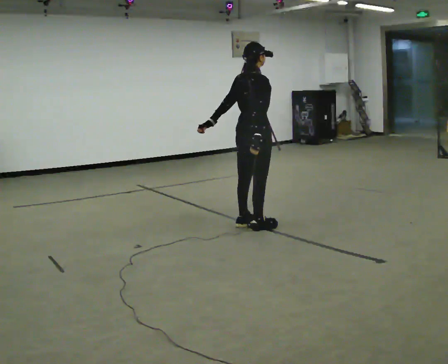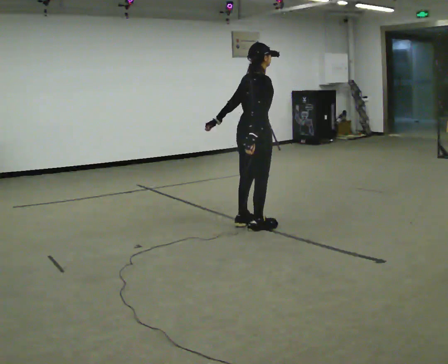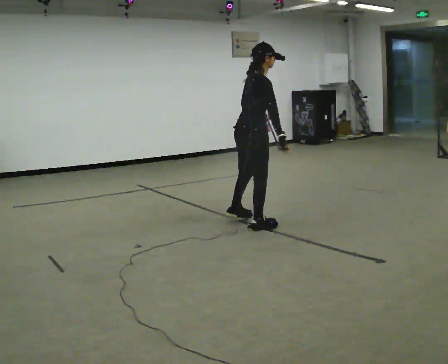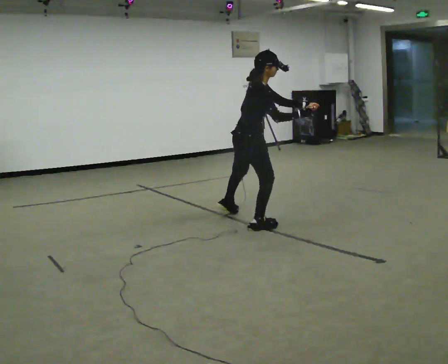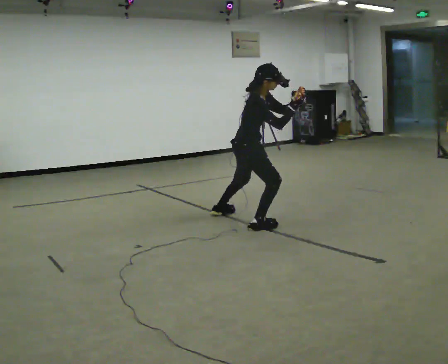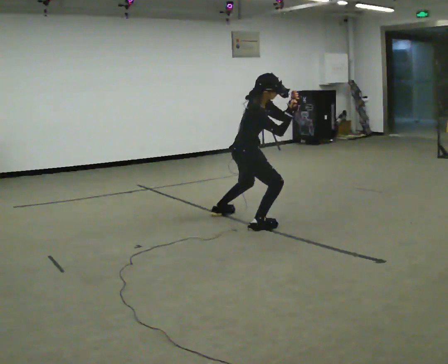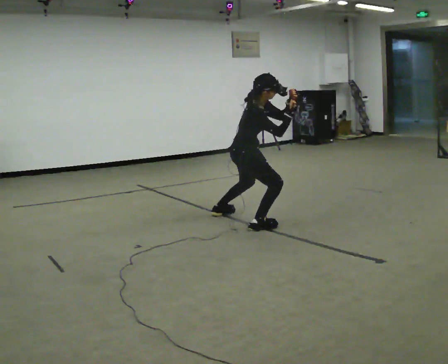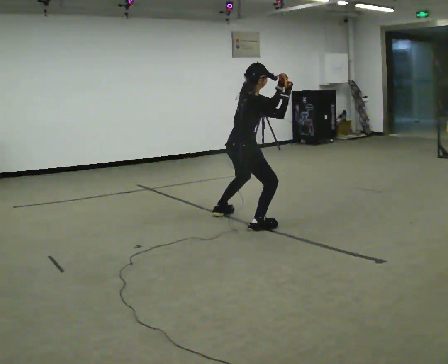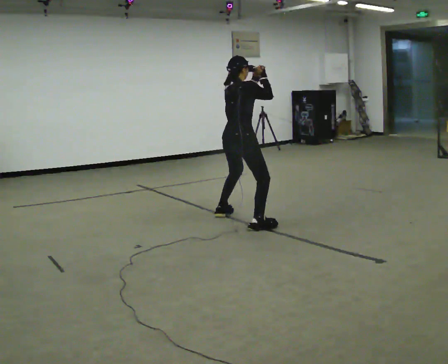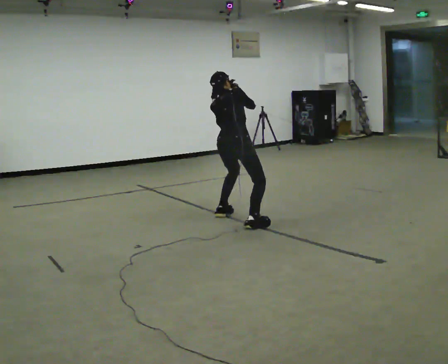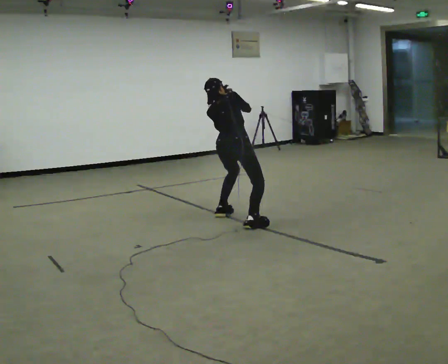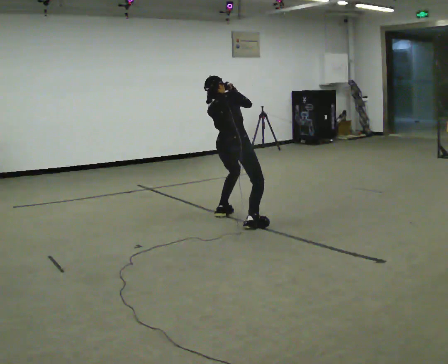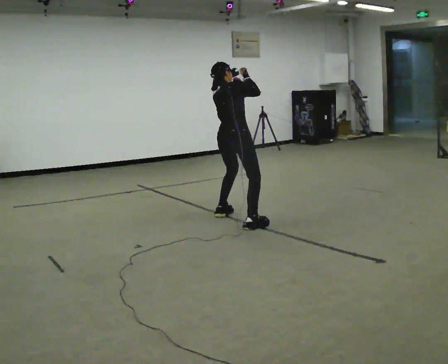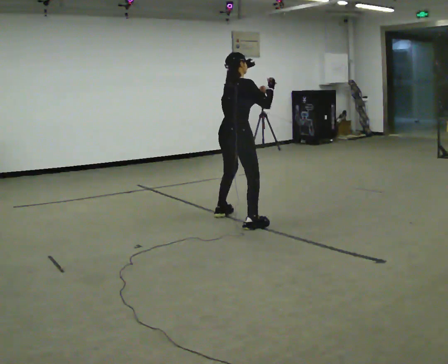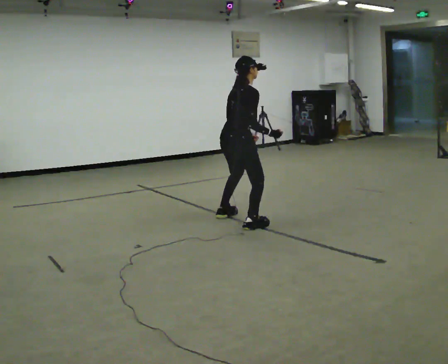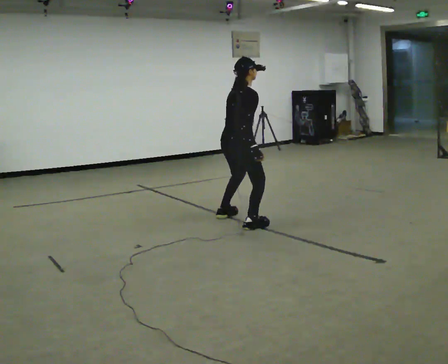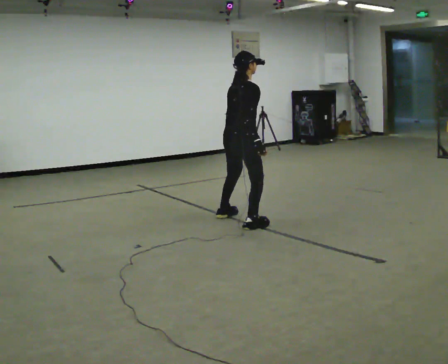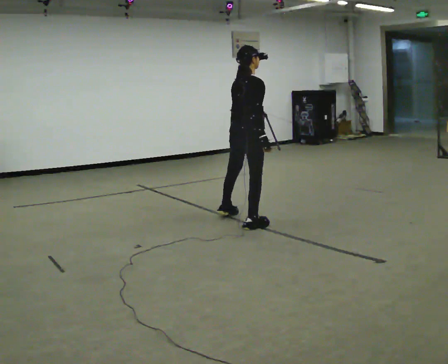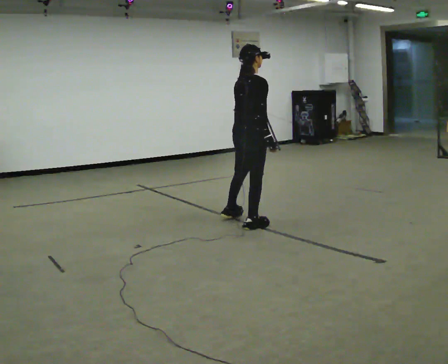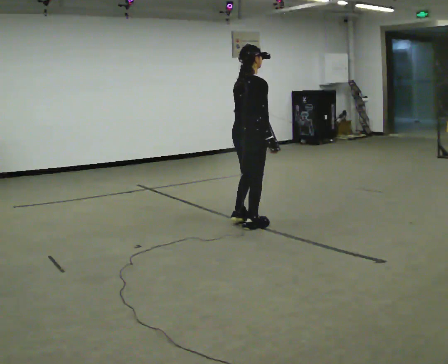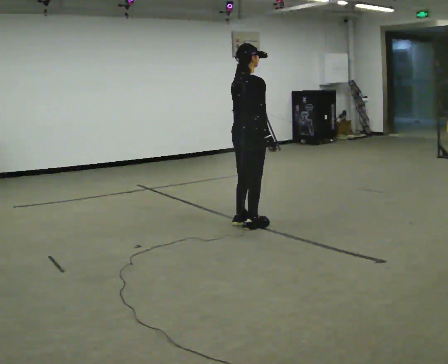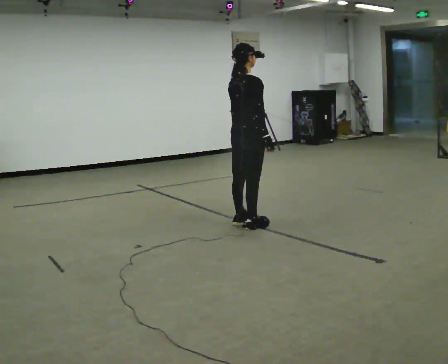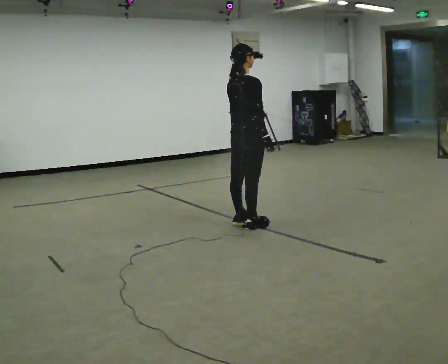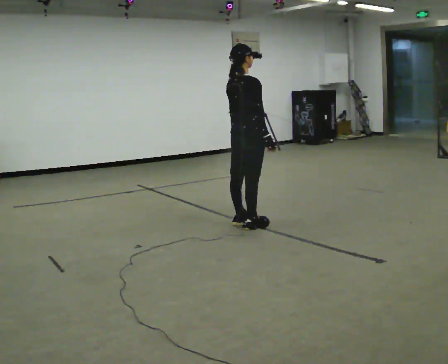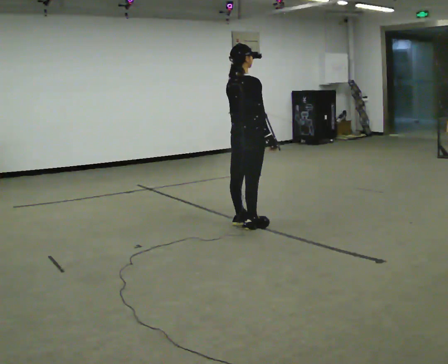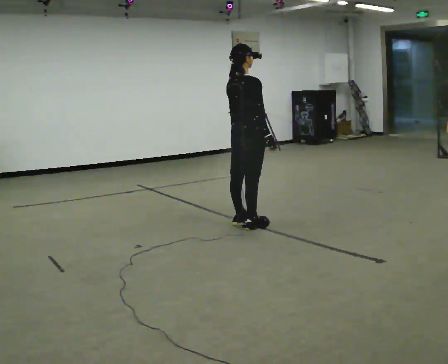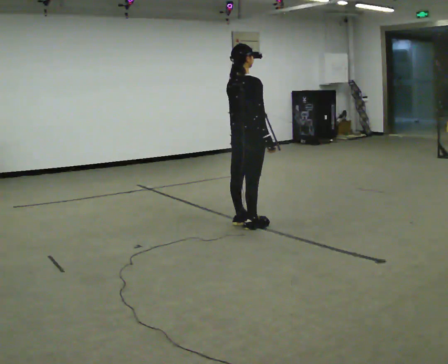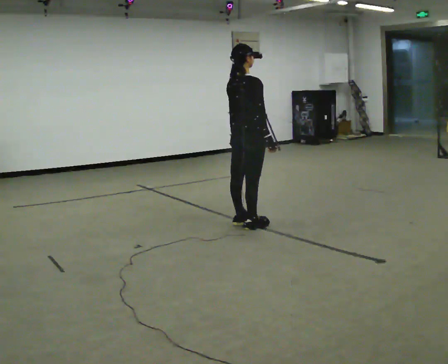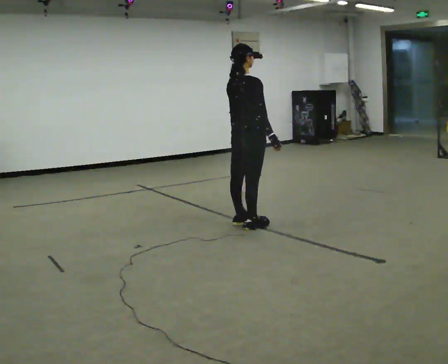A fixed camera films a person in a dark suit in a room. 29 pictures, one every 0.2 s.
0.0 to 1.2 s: The part of the body nearest the lens slides to the left as the person turns to their right by about 45 degrees. The shoulders move downward. The upper body tips toward the camera, its near side rolling downward, as they bend forward. In the picture their left hand goes to the right, the arm swinging counterclockwise.
1.2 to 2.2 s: Seen from above the body turns counterclockwise, about 60 degrees: to their left, with its near side sliding to the right. In the picture they go away from the camera, about 0.25 m. The upper body tips away from the camera, its near side rolling upward. In the picture their right hand goes to the left.
2.2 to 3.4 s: The part of the body nearest the lens slides to the left as the person turns to their right by about 30 degrees. In the picture they go toward the camera, about 0.25 m, which for them is to their right. The upper body tips toward the camera, its near side rolling downward. In the picture their right hand goes downward.
3.4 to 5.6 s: The person moves a little, or ends about where they began.
The film runs backward here.
